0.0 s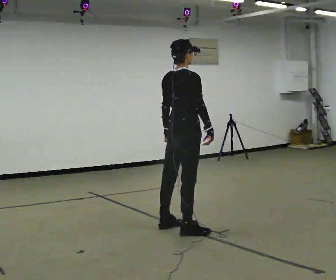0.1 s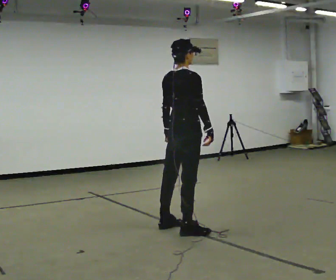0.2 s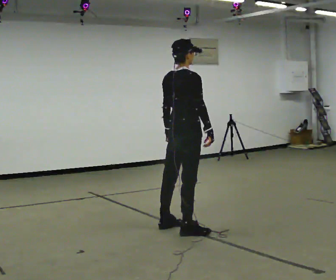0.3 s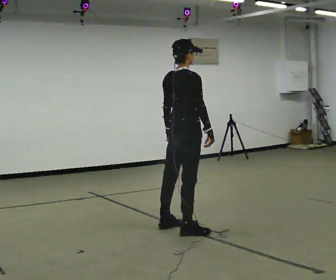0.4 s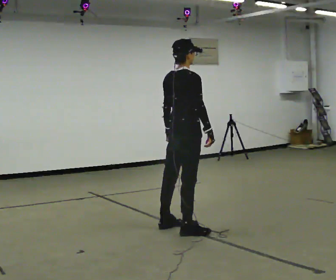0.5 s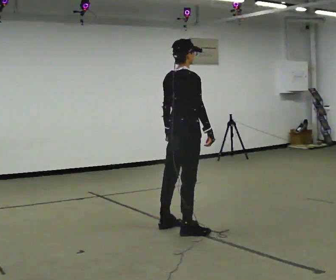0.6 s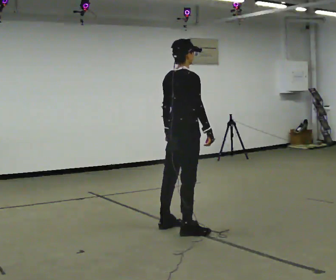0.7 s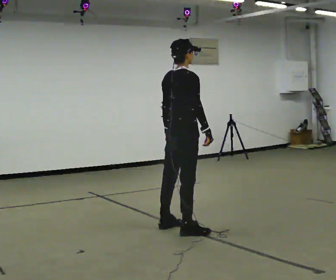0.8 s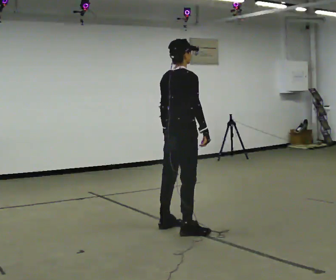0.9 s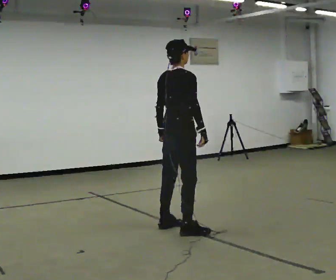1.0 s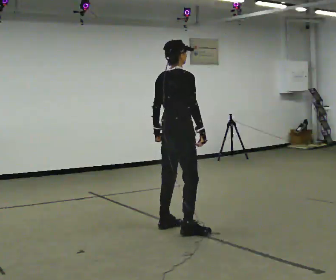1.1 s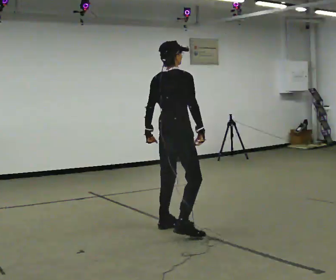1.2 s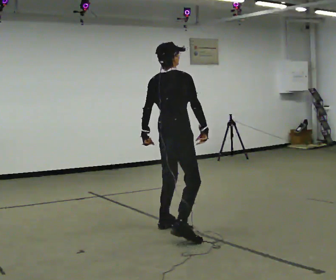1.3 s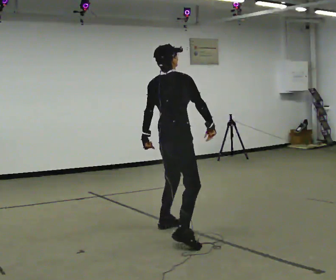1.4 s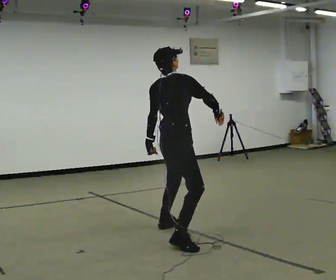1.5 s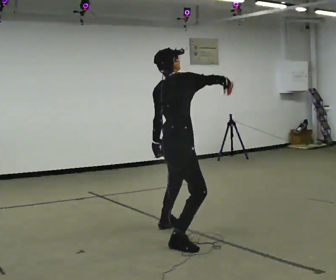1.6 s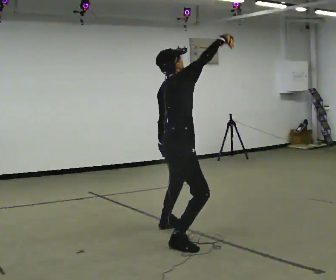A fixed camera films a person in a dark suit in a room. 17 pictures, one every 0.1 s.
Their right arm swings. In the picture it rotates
counterclockwise.
Their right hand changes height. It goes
upward.
0.0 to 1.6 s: In the picture they go toward the camera, about 0.25 m in 1 step, which for them is backward and to their right. In the picture their right hand goes upward, the arm swinging counterclockwise.
The film runs backward here.
